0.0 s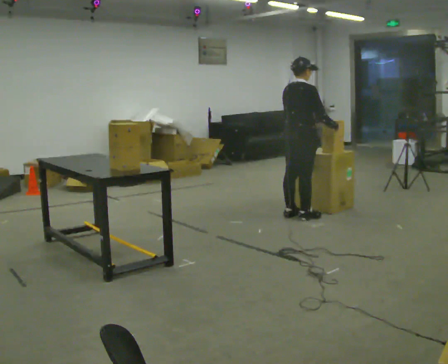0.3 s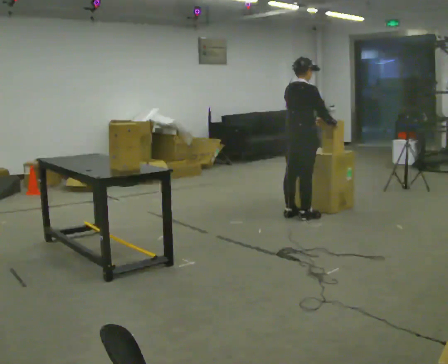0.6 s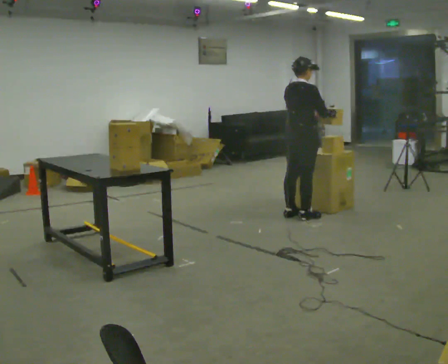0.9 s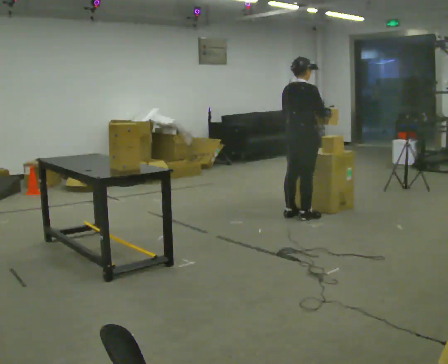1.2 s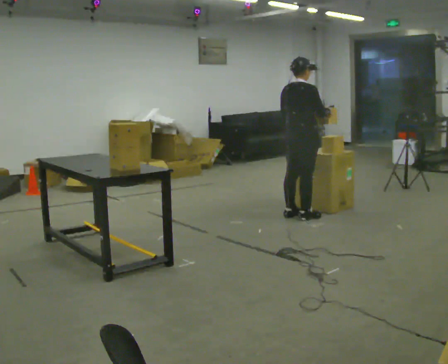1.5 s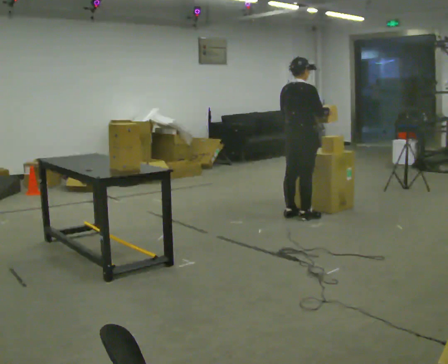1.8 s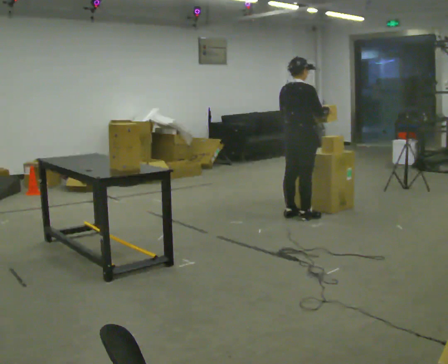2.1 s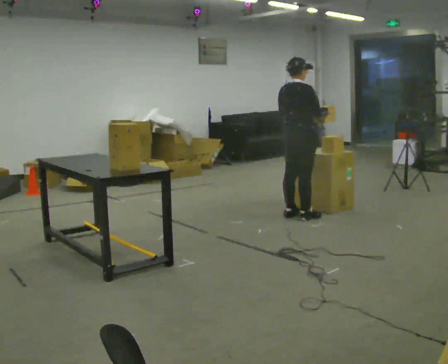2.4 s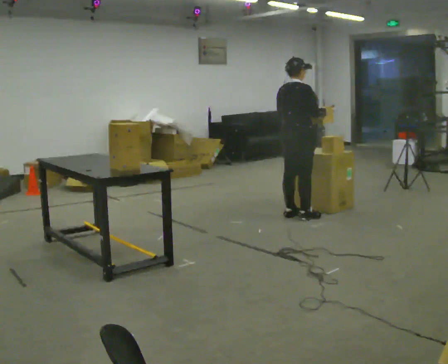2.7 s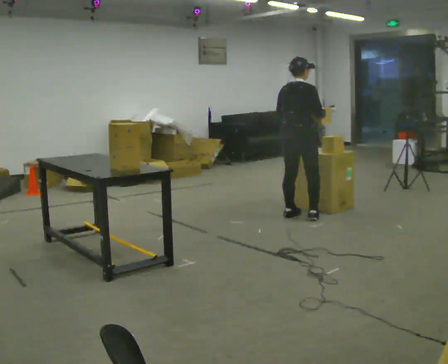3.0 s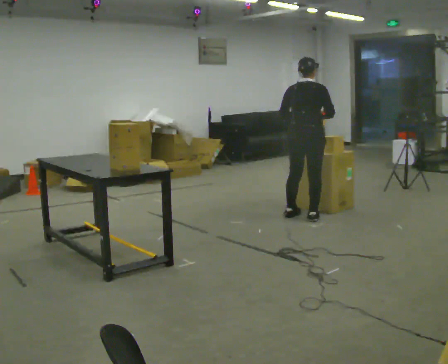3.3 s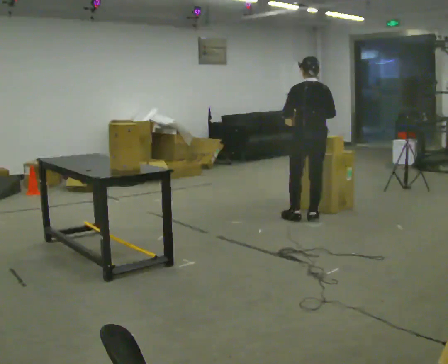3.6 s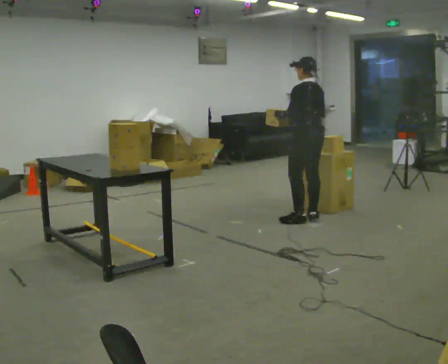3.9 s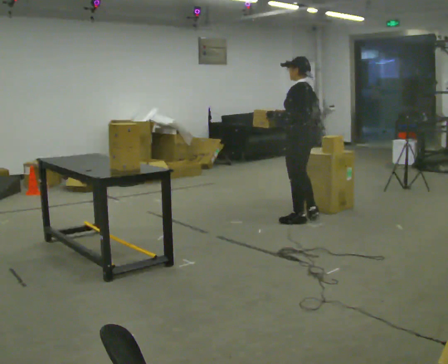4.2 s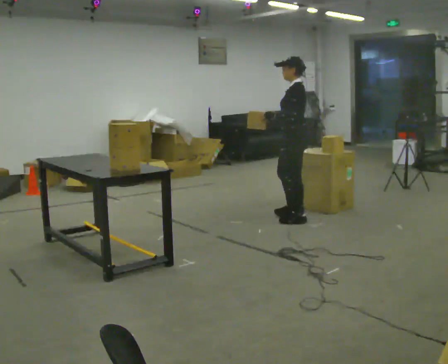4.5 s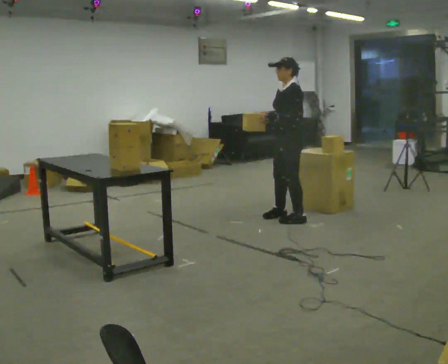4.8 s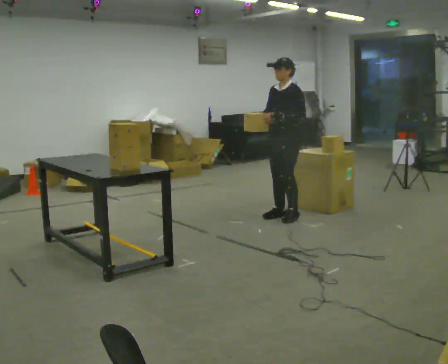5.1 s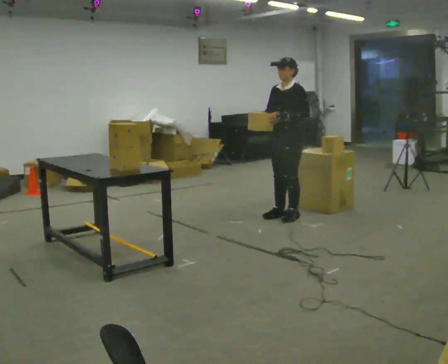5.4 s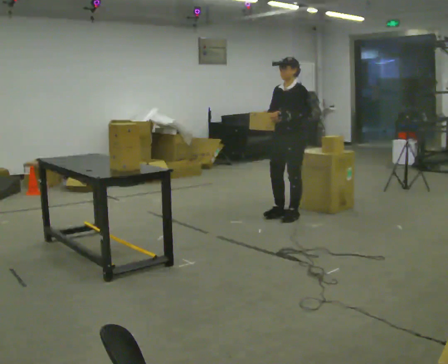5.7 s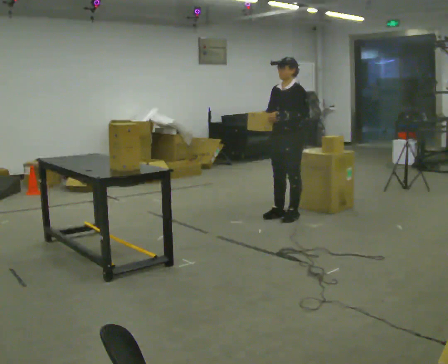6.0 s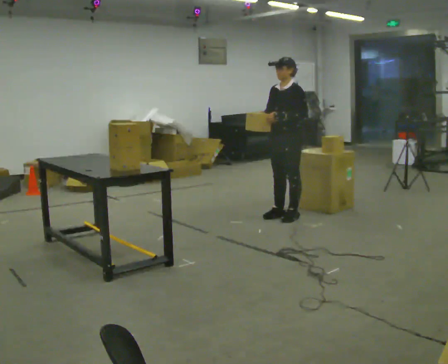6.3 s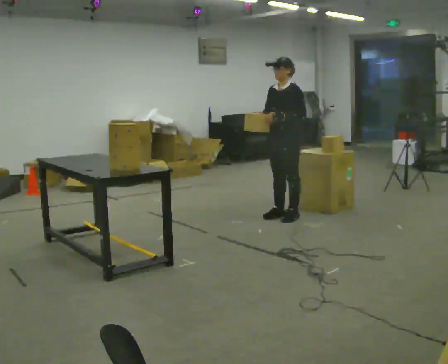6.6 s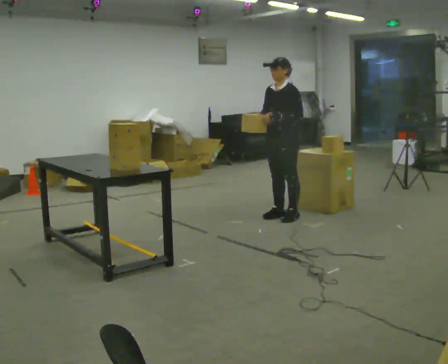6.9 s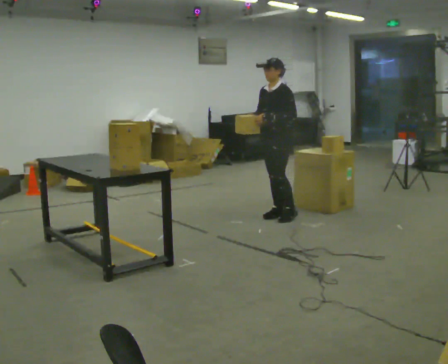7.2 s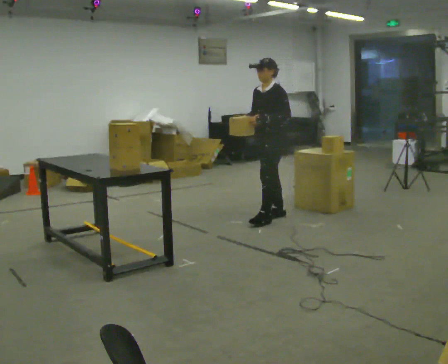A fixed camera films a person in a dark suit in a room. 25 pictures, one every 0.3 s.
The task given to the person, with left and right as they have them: Move objects one at a time from the waist-height shelf at one end of the room to the waist-height shelf at the other end. Keep going until the operator says stop; one object at a time, and do not rush between trips.
0.0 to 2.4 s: The person moves a little, or ends about where they began.
2.4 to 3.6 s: Seen from above the body turns counterclockwise, about 90 degrees: to their left, with its near side sliding to the right.
3.6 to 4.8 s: Seen from above the body turns counterclockwise, about 90 degrees: to their left, with its near side sliding to the right. In the picture they go to the left, about 0.25 m in 1 step.
4.8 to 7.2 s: The person moves a little, or ends about where they began.
The film runs forward here.
